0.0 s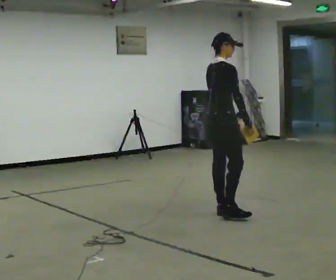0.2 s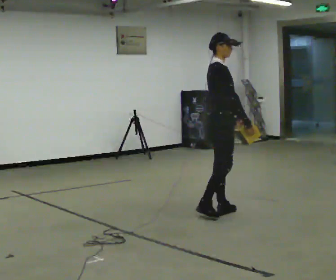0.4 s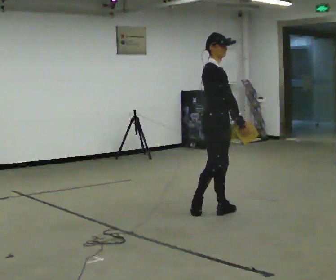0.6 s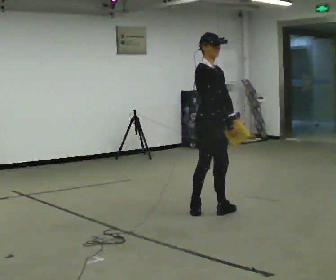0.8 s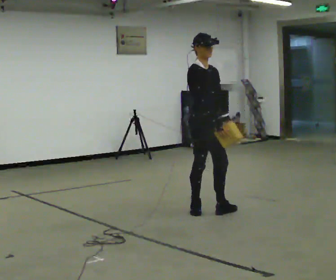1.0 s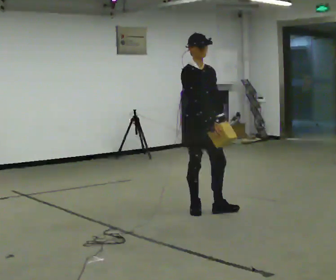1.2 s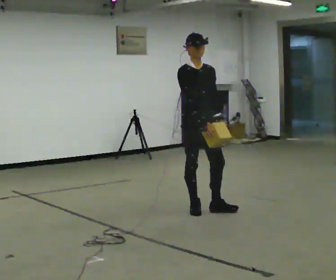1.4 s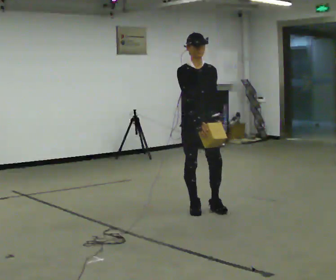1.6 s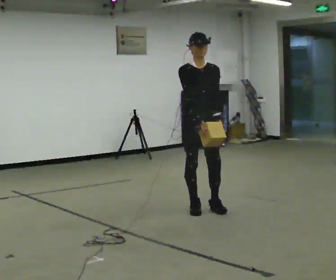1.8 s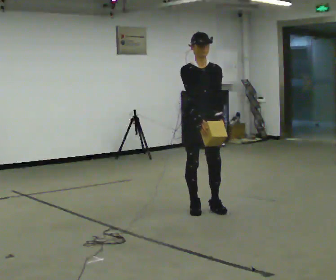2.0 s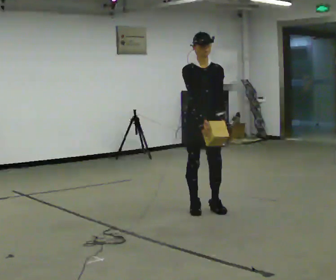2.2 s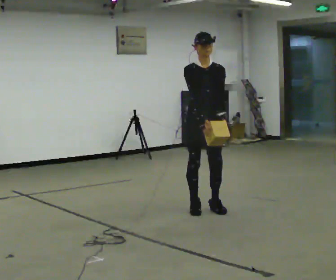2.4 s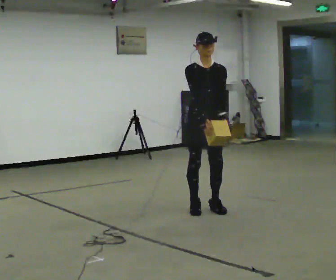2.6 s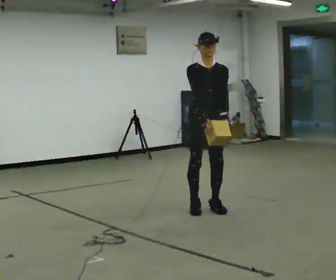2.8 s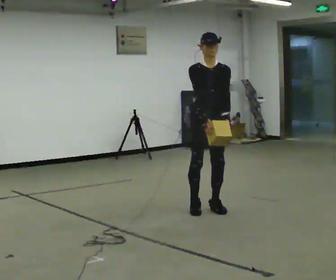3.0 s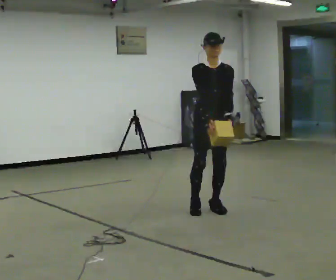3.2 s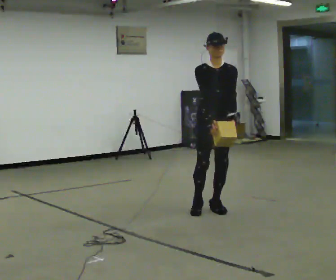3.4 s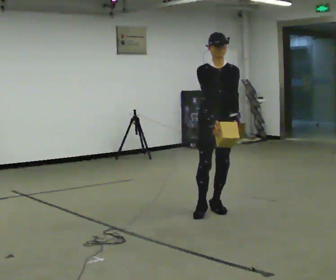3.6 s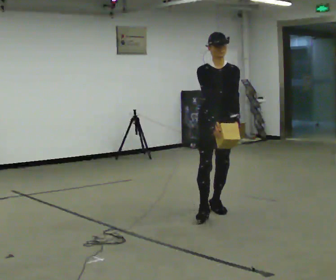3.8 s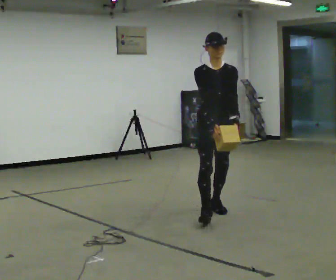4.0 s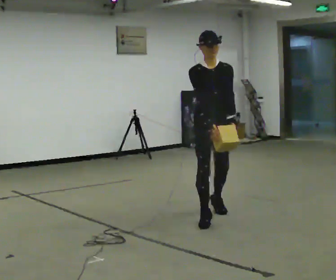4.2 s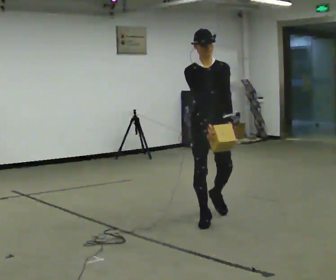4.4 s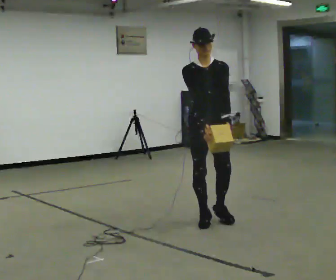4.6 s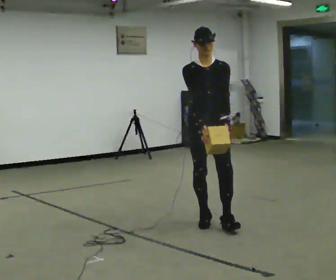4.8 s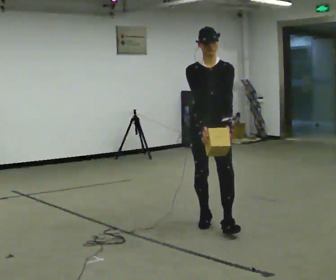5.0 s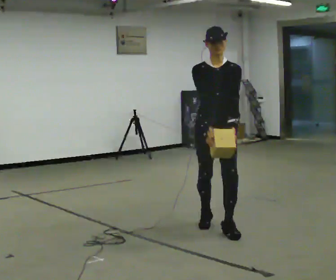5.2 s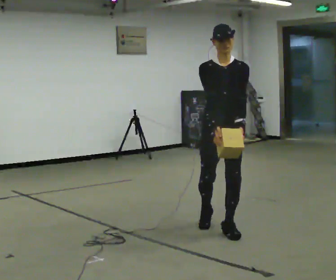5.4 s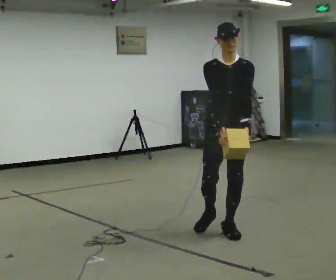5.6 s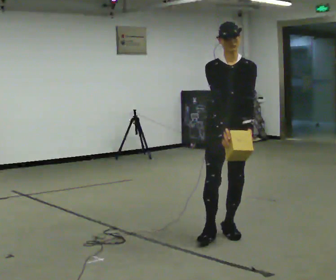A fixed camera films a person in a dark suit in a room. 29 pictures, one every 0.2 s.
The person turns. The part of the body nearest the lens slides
to the left.
The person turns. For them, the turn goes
to their right.
0.0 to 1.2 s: Seen from above the body turns clockwise, about 75 degrees: to their right, with its near side sliding to the left. In the picture they go to the left, about 0.25 m in 1 step.
1.2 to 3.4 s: Seen from above the body turns clockwise, about 30 degrees: to their right, with its near side sliding to the left. In the picture they go to the right, about 0.25 m in 1 step, which for them is to their left.
3.4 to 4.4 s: In the picture they go toward the camera, about 0.5 m in 1 step, which for them is forward and to their right.
4.4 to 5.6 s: In the picture they go toward the camera and to the right, about 0.5 m in 1 step, which for them is forward.
The film runs forward here.
